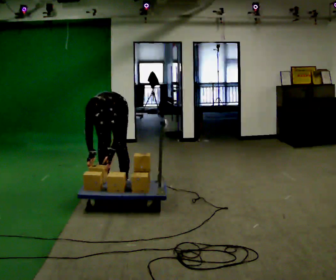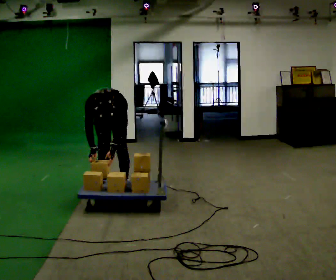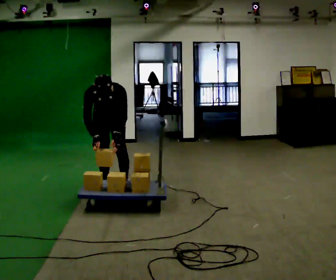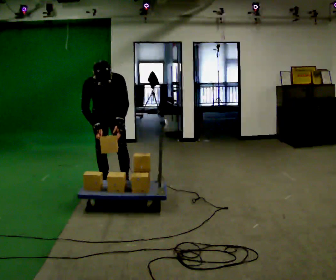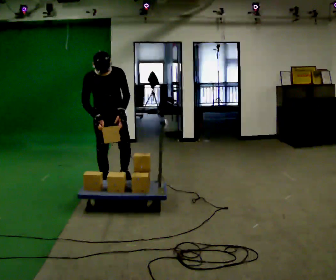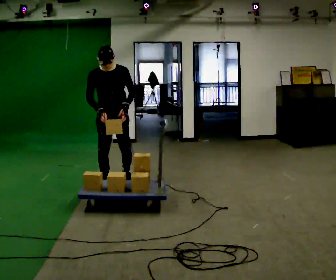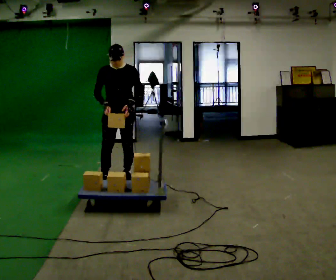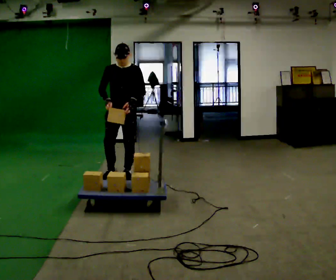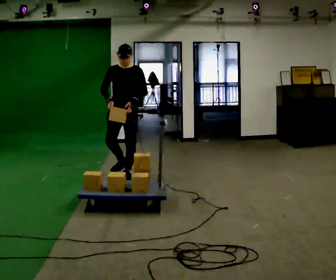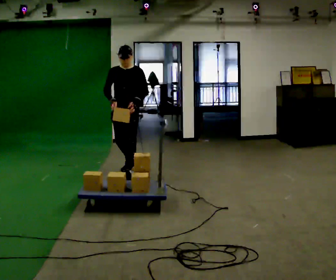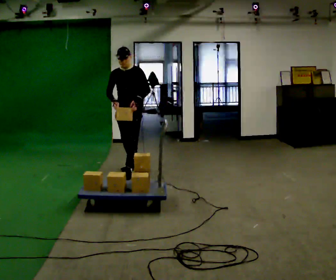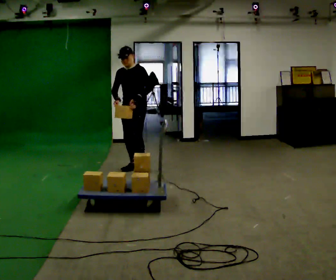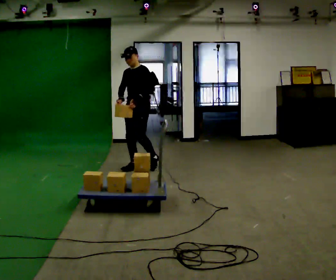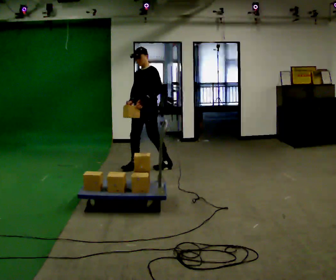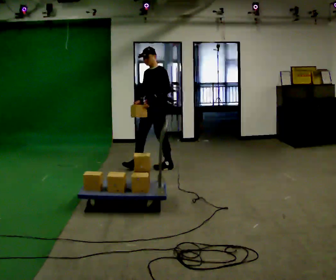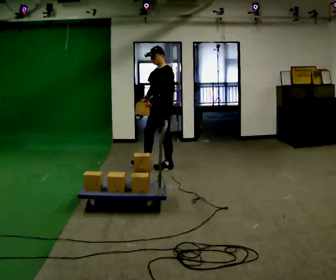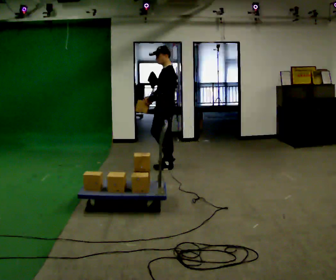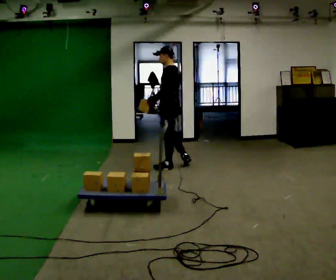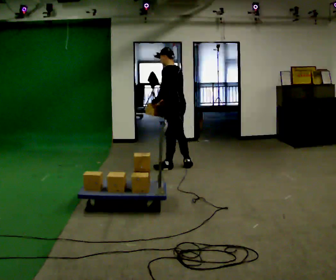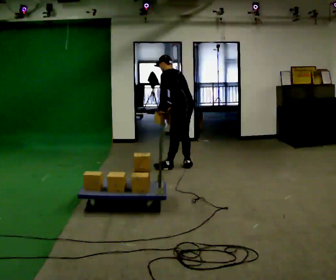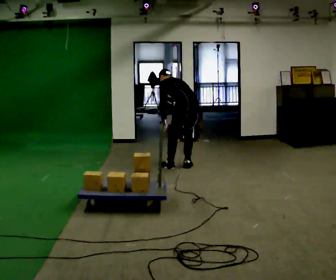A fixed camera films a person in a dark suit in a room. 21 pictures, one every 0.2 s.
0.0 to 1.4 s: In the picture they go away from the camera, about 0.25 m in 2 steps, which for them is backward and to their left. The shoulders move upward. The upper body tips away from the camera, its near side rolling upward, as they lean back or straighten. In the picture their left hand goes upward.
1.4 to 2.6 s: Seen from above the body turns clockwise, about 45 degrees: to their right, with its near side sliding to the left. In the picture they go away from the camera and to the right, about 0.5 m in 1 step, which for them is backward.
2.6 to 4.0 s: The person turns about 90 degrees to their right, clockwise seen from above, so the part of the body nearest the lens slides to the left. In the picture they go to the right, about 0.5 m in 1 step. The upper body goes downward. The upper body tips away from the camera, its near side rolling upward, as they bend forward.
The film runs backward here.
